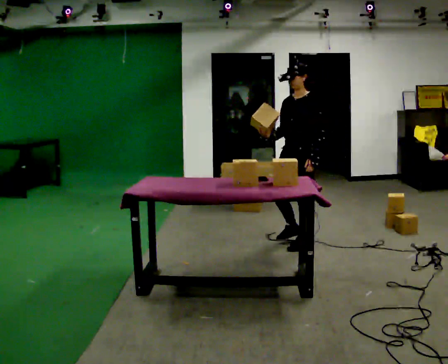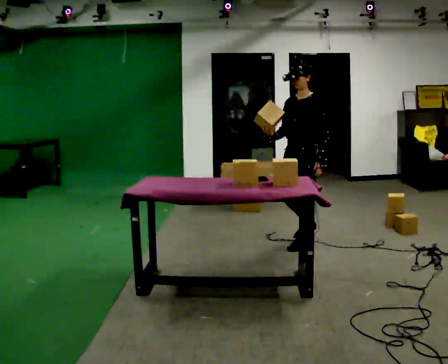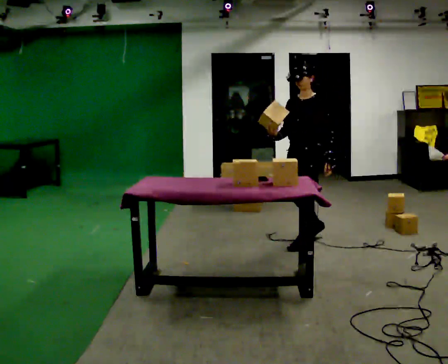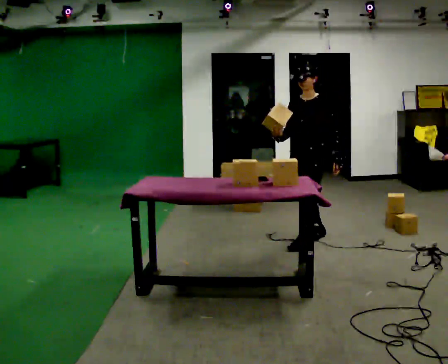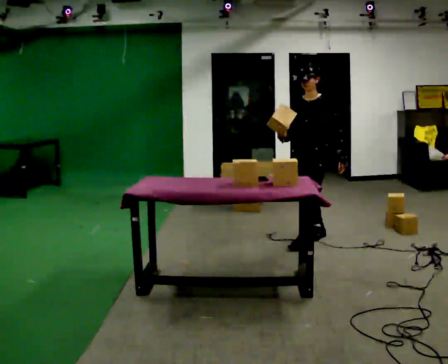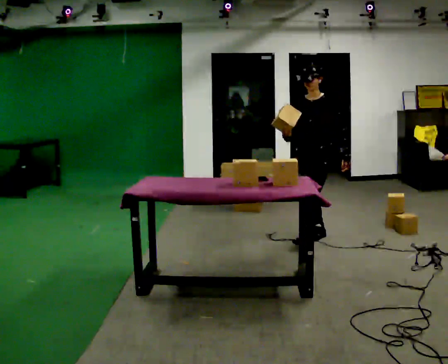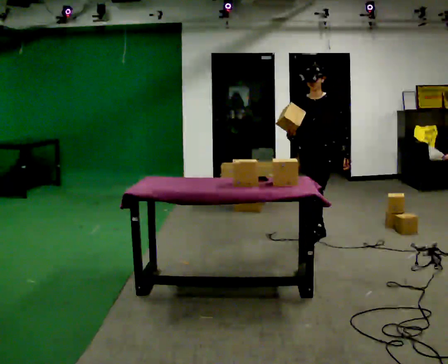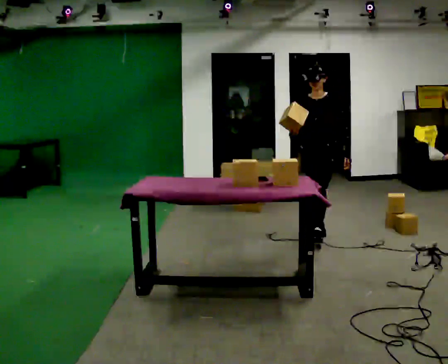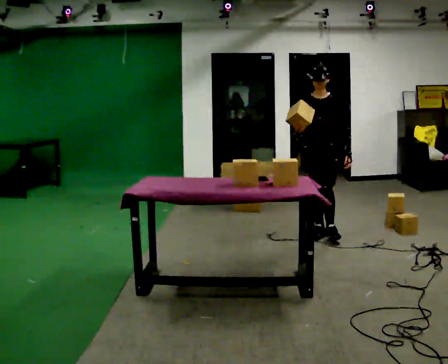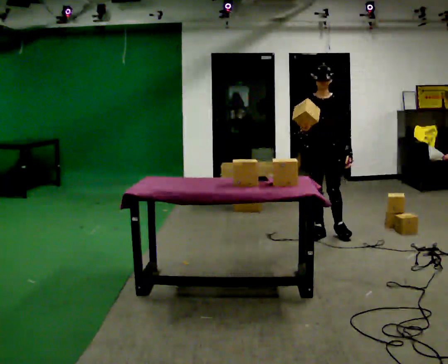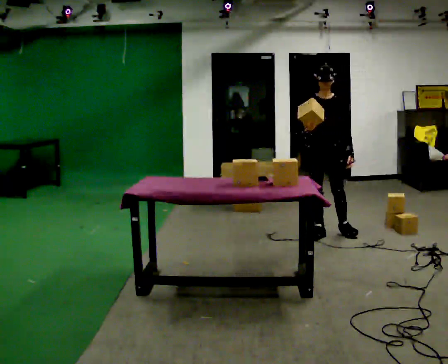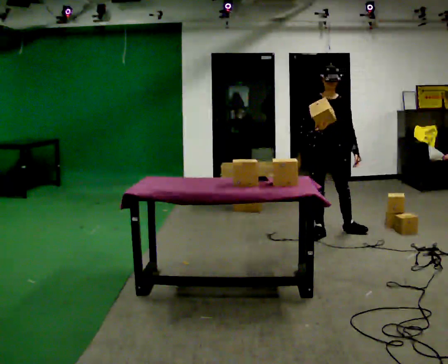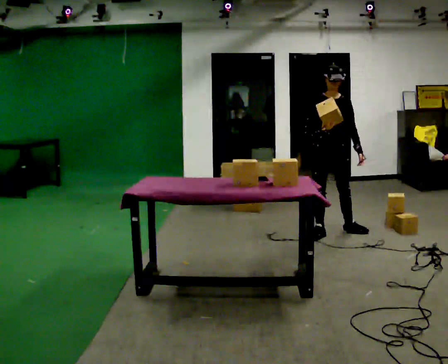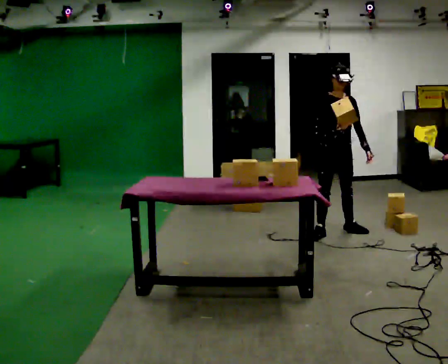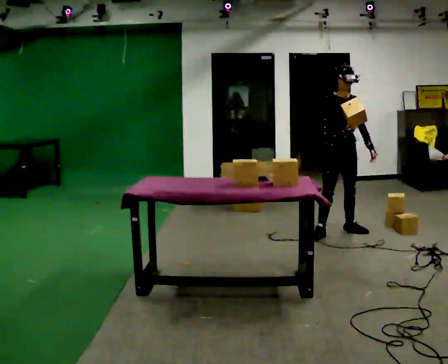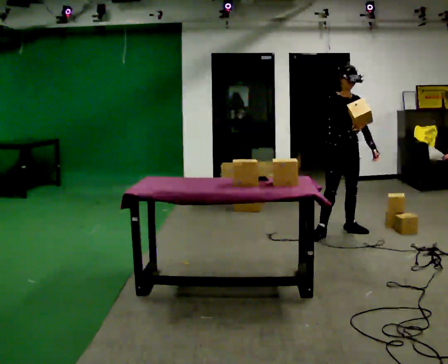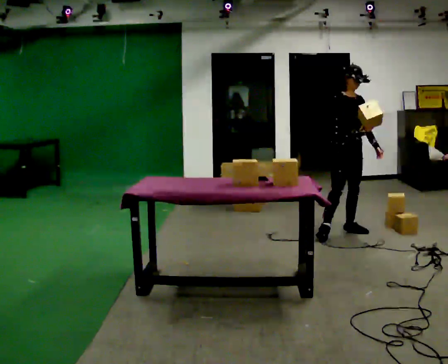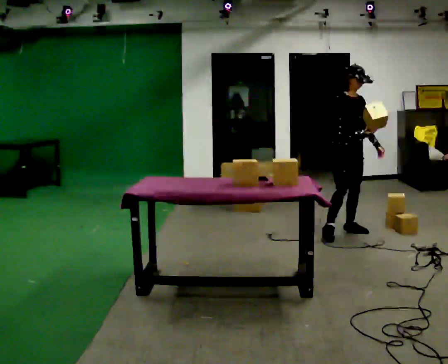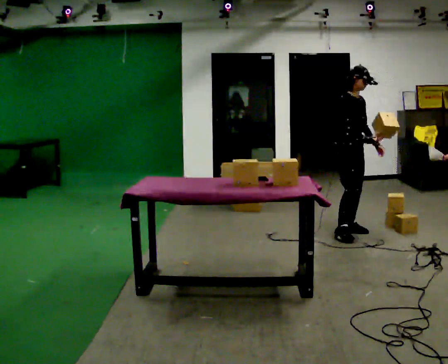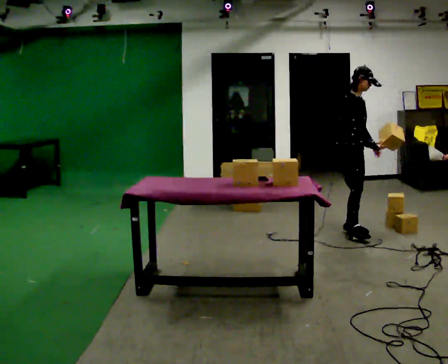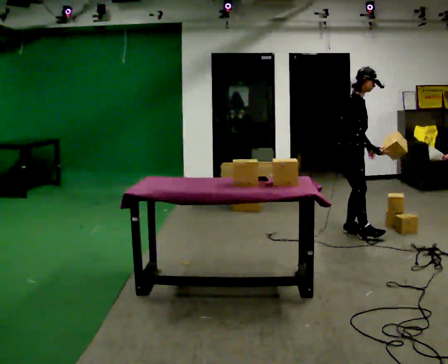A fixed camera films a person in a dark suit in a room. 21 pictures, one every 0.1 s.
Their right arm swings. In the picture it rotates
counterclockwise.
The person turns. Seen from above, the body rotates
counterclockwise.
0.0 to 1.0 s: Seen from above the body turns counterclockwise, about 45 degrees: to their left, with its near side sliding to the right. In the picture they go away from the camera, about 0.25 m in 1 step, which for them is backward.
1.0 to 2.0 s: Seen from above the body turns counterclockwise, about 60 degrees: to their left, with its near side sliding to the right. In the picture they go to the right, about 0.25 m in 1 step.
The film runs backward here.
